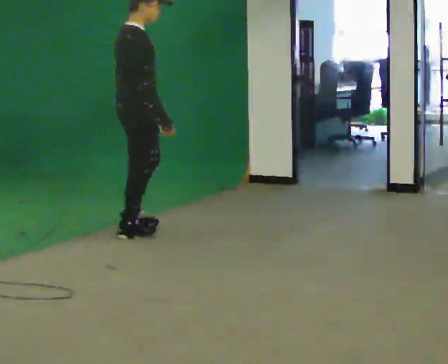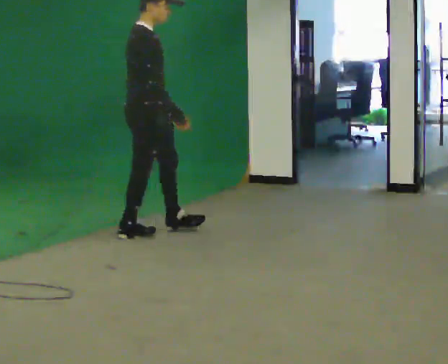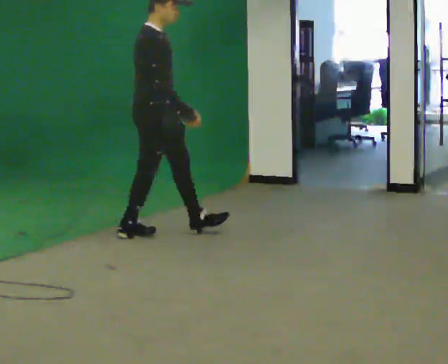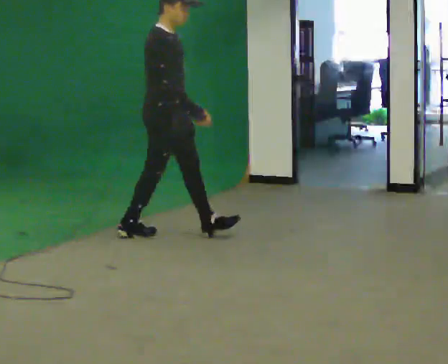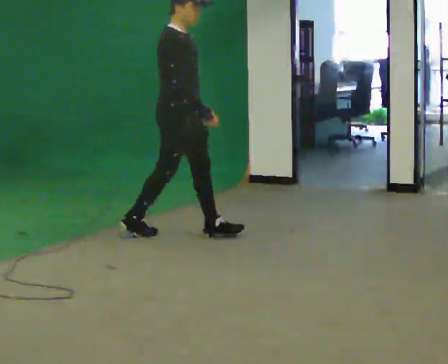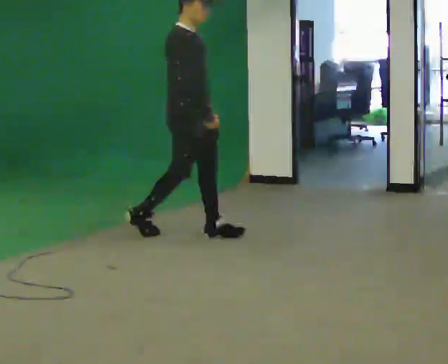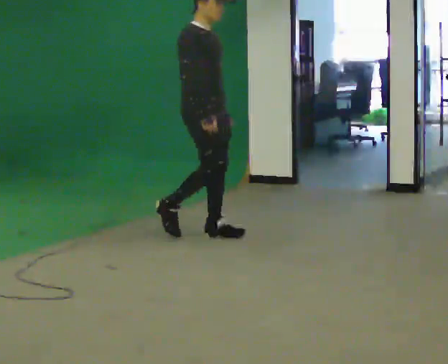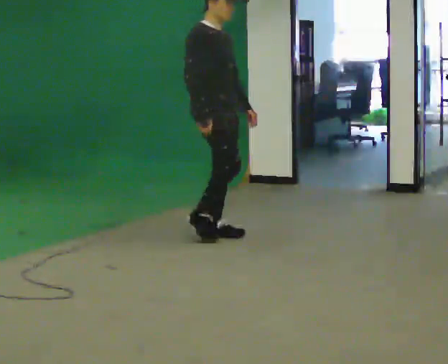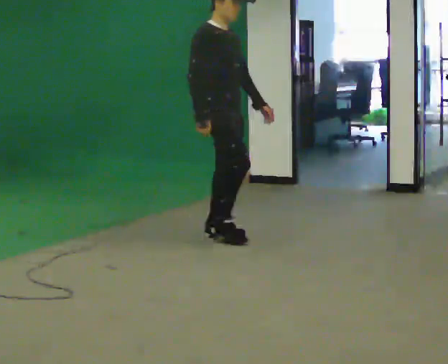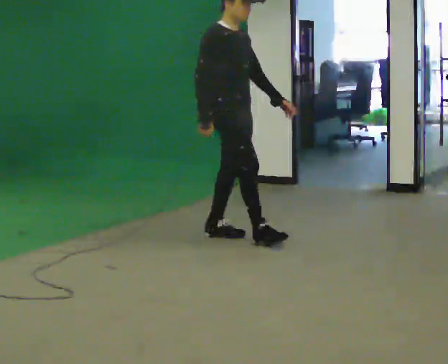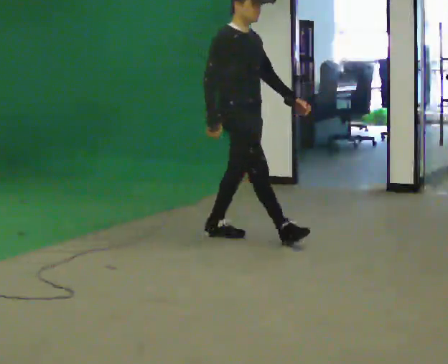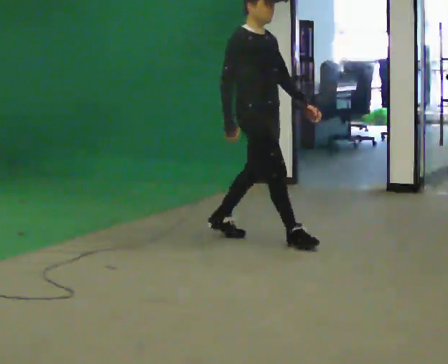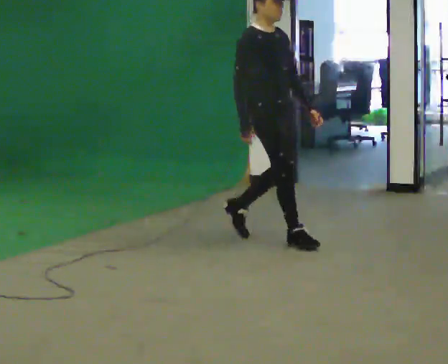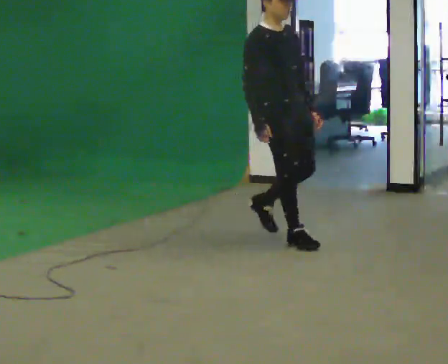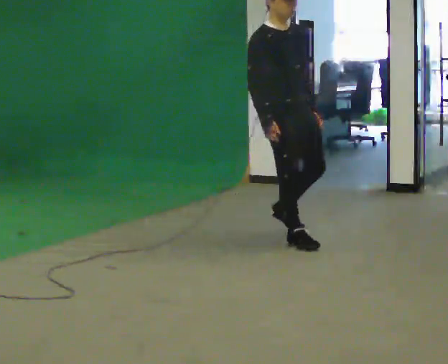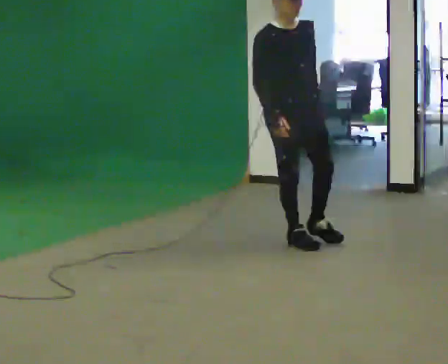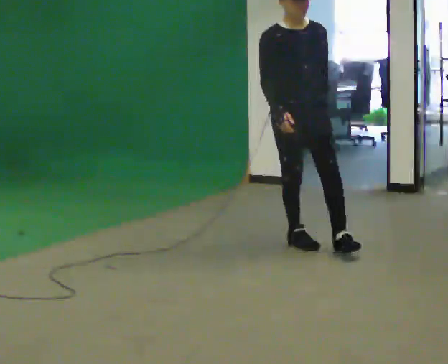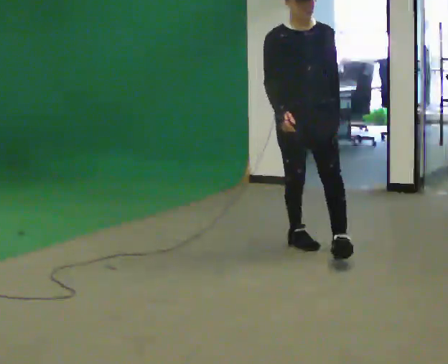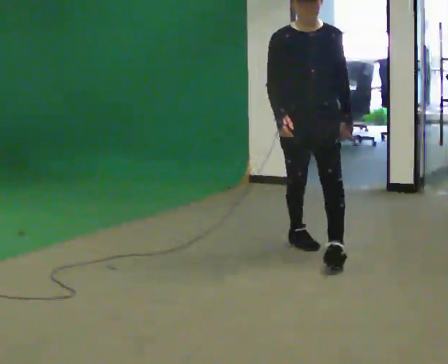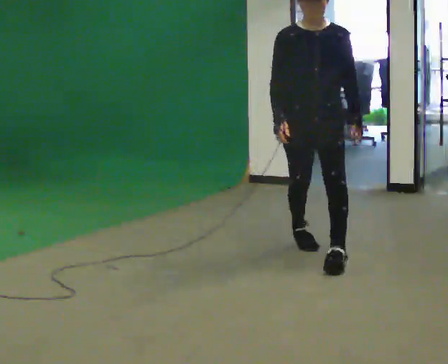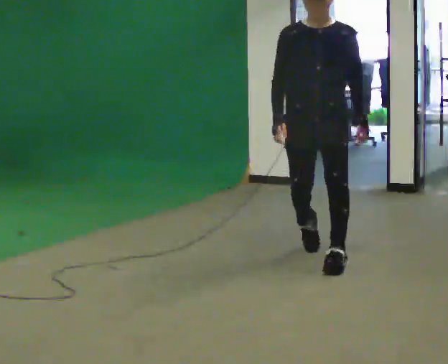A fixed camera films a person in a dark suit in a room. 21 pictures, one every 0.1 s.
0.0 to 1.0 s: The part of the body nearest the lens slides to the left as the person turns to their right by about 45 degrees. In the picture they go to the right, about 0.5 m in 1 step, which for them is forward.
1.0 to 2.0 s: The part of the body nearest the lens slides to the left as the person turns to their right by about 75 degrees. In the picture they go toward the camera and to the right, about 1 m in 2 steps.
The film runs forward here.
